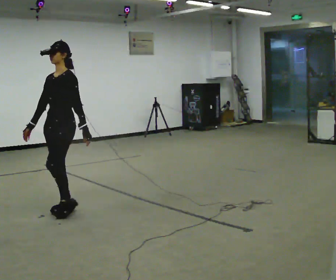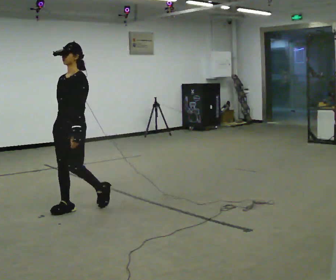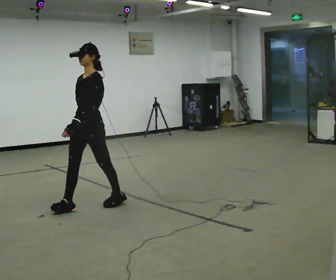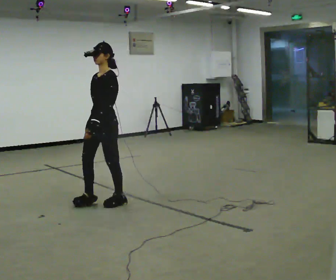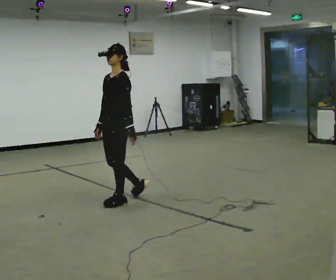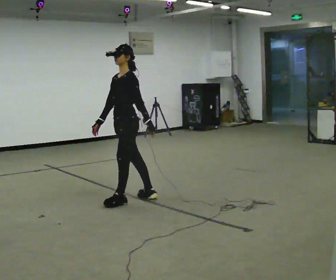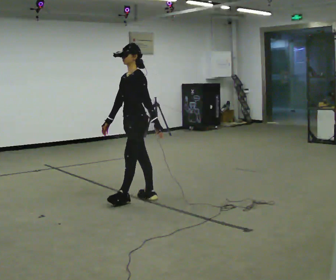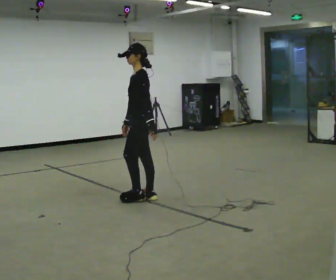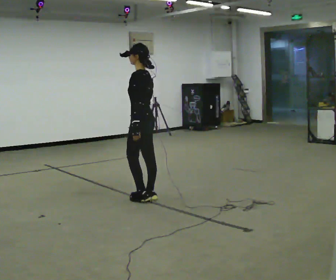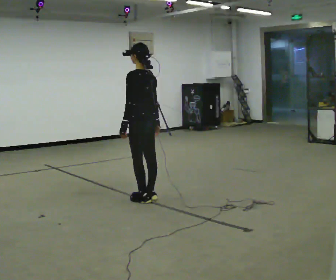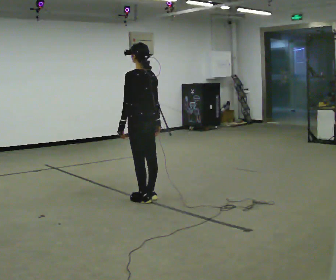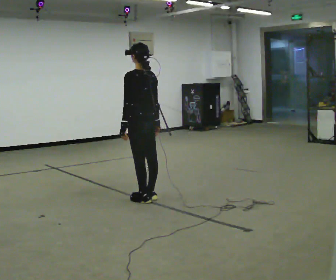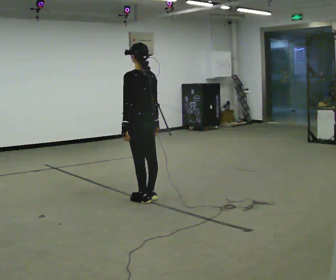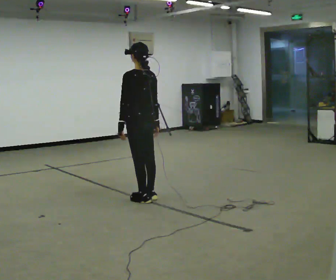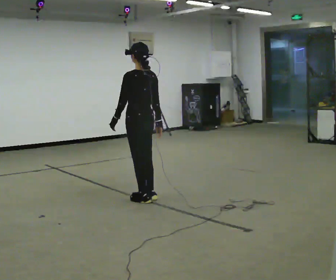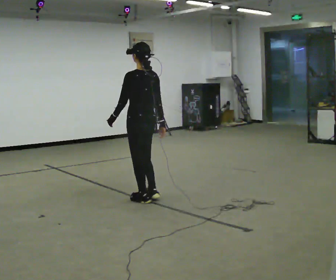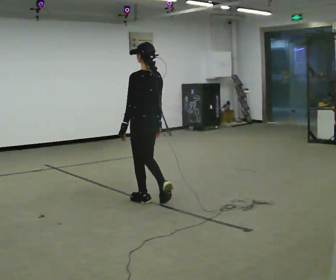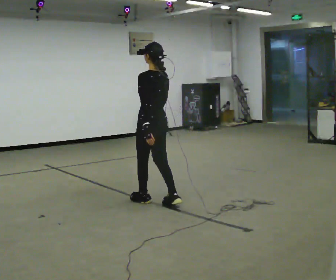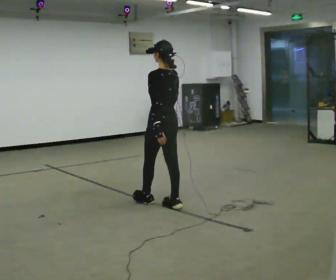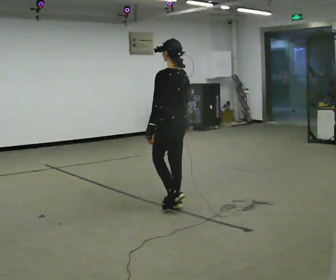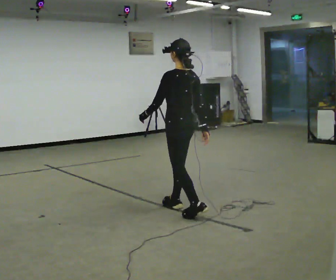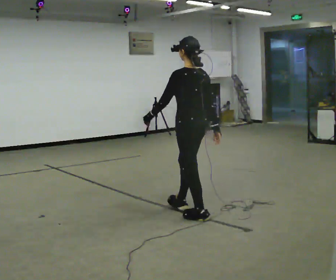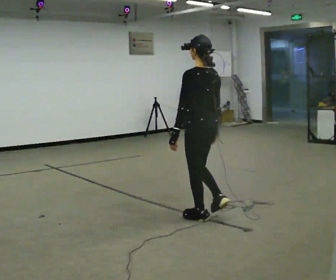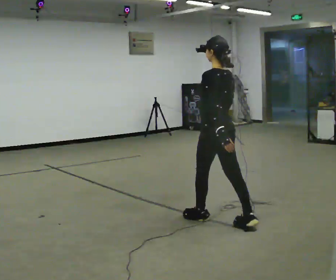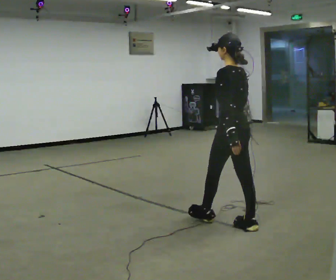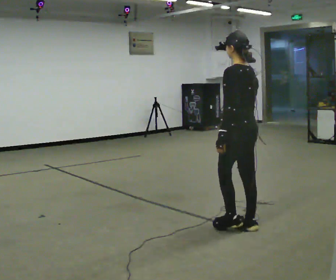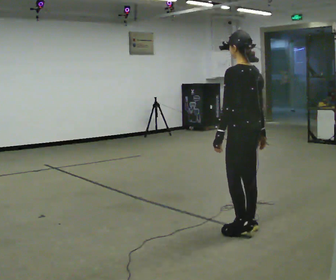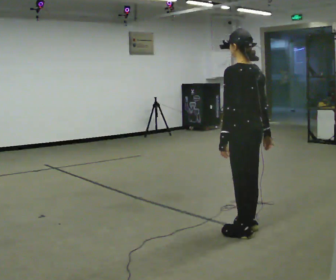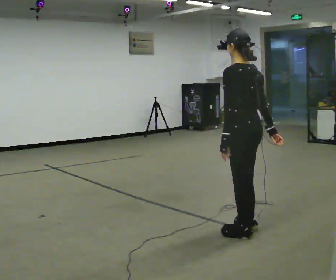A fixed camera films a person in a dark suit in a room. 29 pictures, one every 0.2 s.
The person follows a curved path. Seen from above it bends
clockwise.
The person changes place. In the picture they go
to the right.
0.0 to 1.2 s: Seen from above the body turns clockwise, about 30 degrees: to their right, with its near side sliding to the left. In the picture they go to the right and away from the camera, about 1 m in 2 steps, which for them is backward.
1.2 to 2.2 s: Seen from above the body turns clockwise, about 60 degrees: to their right, with its near side sliding to the left. In the picture their right hand goes to the right, the arm swinging counterclockwise.
2.2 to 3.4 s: In the picture they go toward the camera, about 0.25 m in 1 step, which for them is backward.
3.4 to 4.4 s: In the picture they go toward the camera and to the right, about 0.75 m in 2 steps, which for them is backward.
4.4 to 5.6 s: In the picture they go toward the camera and to the right, about 0.5 m in 1 step, which for them is backward.
The film runs backward here.
